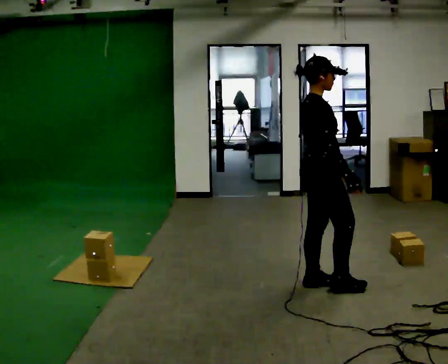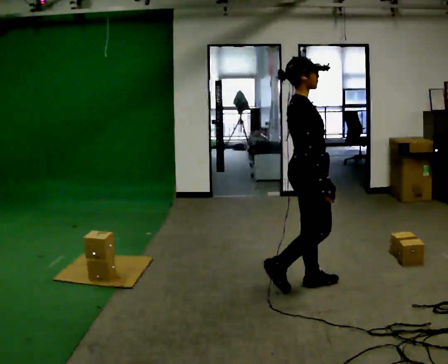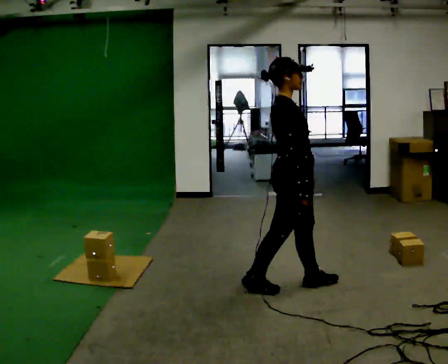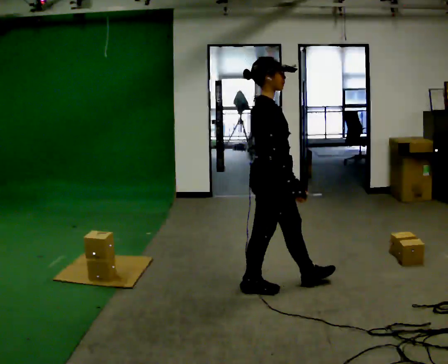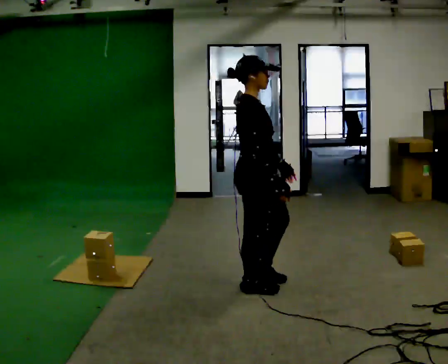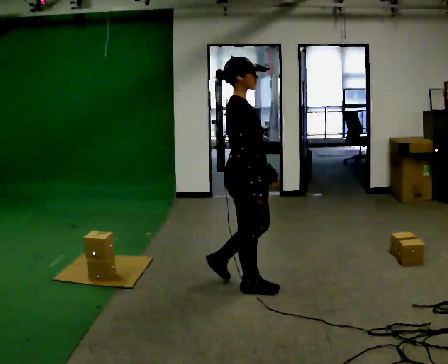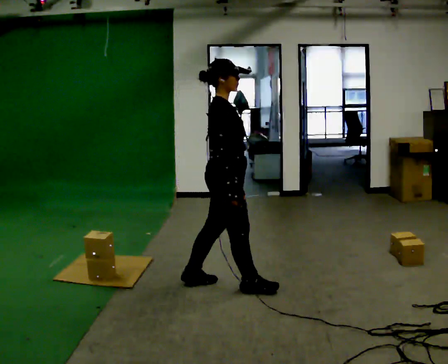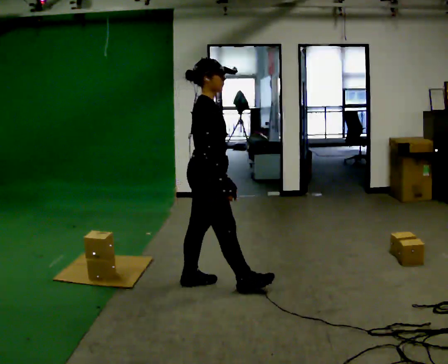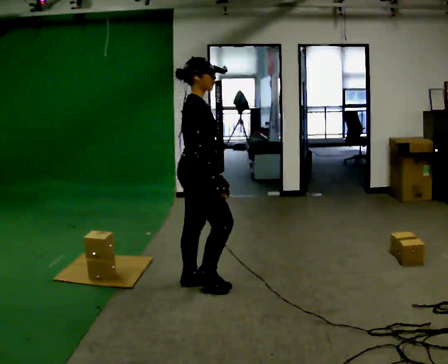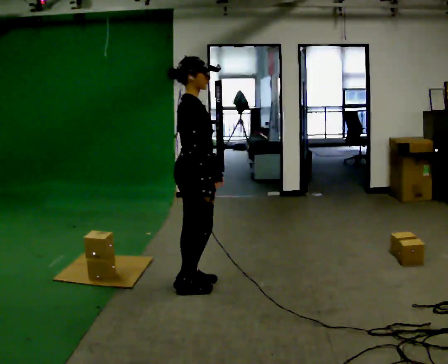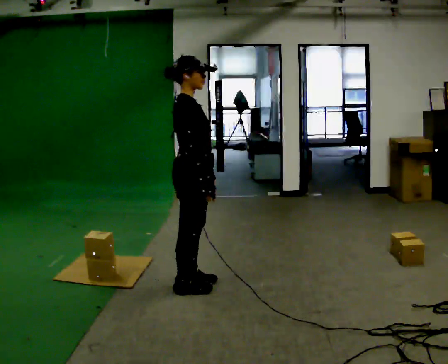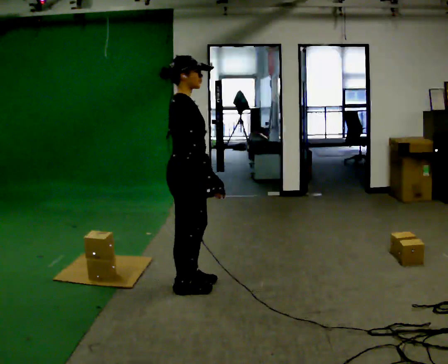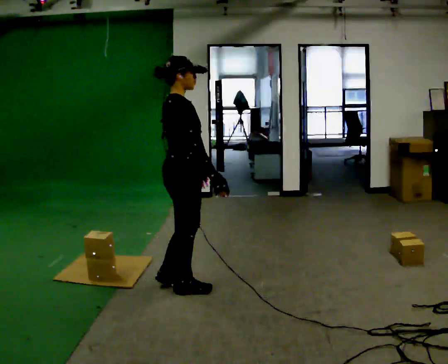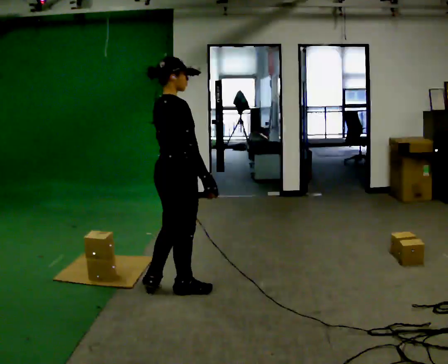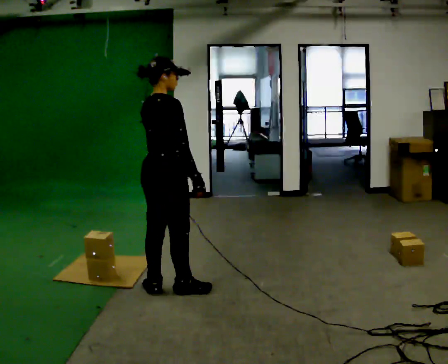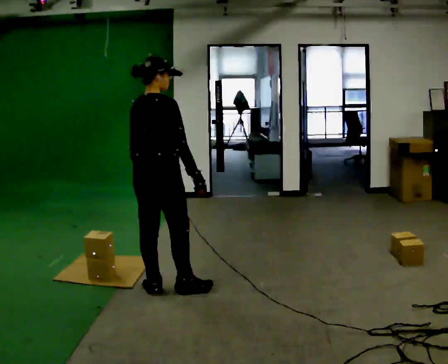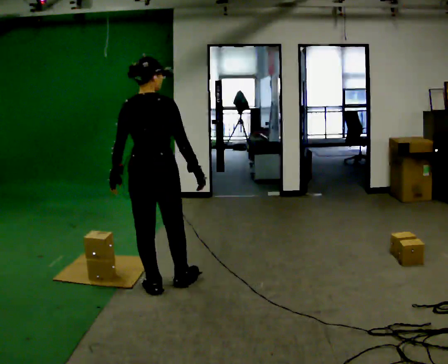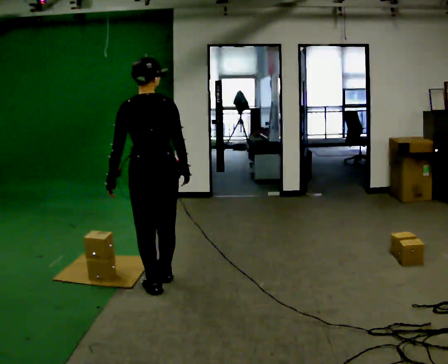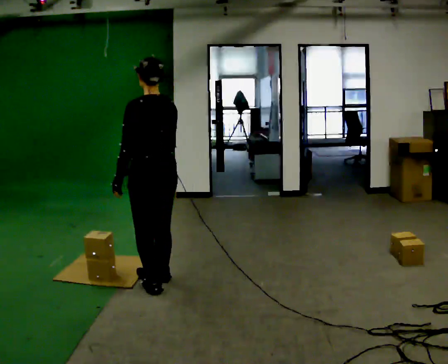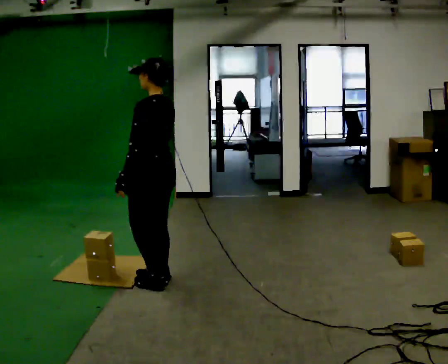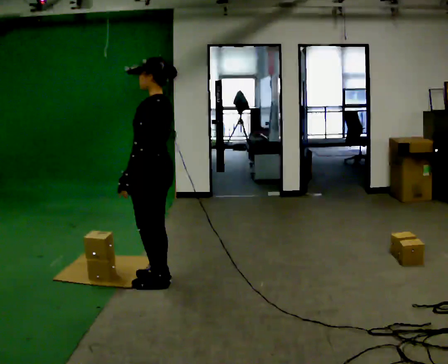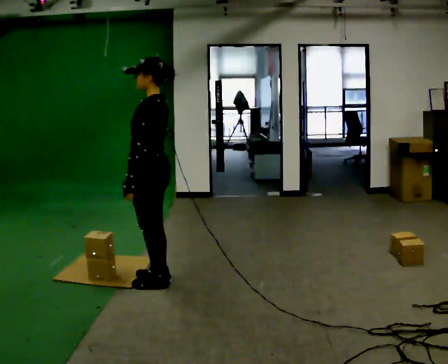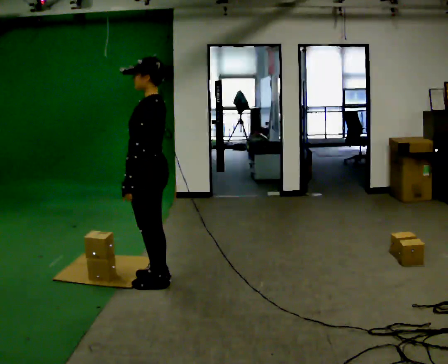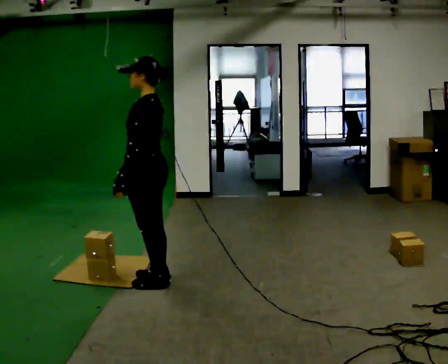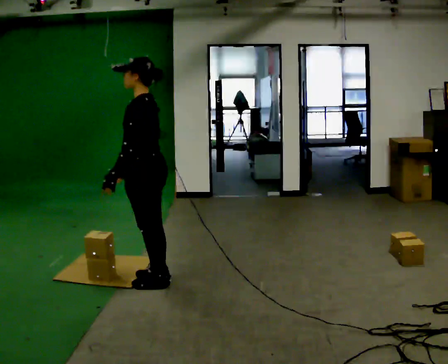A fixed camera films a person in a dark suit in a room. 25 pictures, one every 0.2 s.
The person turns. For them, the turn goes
to their left.
The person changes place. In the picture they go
to the left.
0.0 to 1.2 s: In the picture they go to the left, about 0.75 m in 1 step, which for them is backward.
1.2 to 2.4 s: In the picture they go to the left, about 0.25 m in 2 steps, which for them is backward.
2.4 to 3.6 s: The part of the body nearest the lens slides to the right as the person turns to their left by about 120 degrees. In the picture they go to the left, about 0.25 m in 1 step. In the picture their right hand goes to the left.
3.6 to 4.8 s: The part of the body nearest the lens slides to the right as the person turns to their left by about 45 degrees. In the picture their right hand goes to the left.
The film runs backward here.
